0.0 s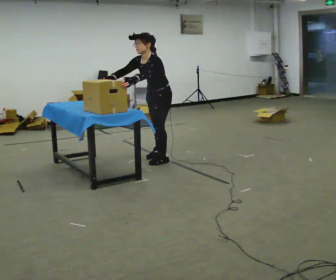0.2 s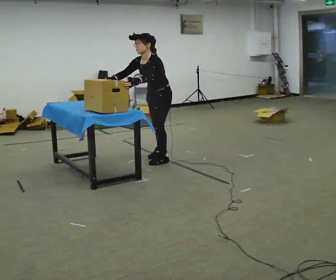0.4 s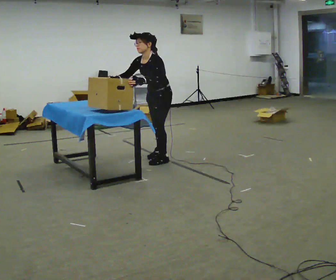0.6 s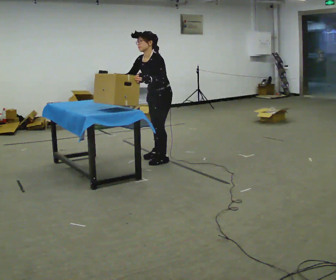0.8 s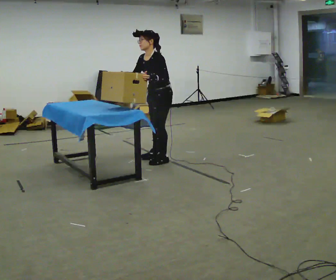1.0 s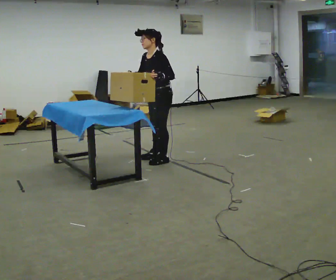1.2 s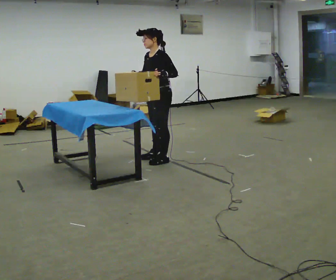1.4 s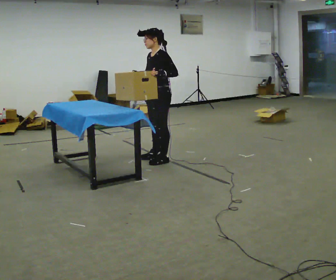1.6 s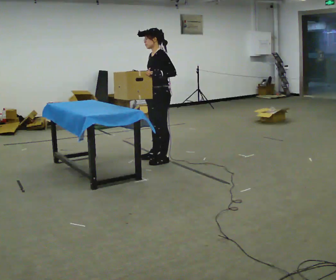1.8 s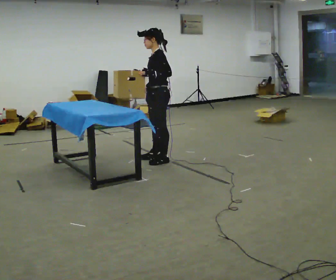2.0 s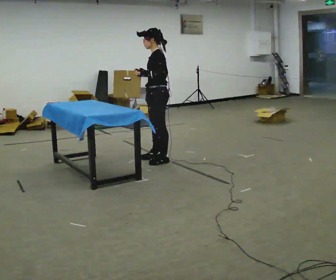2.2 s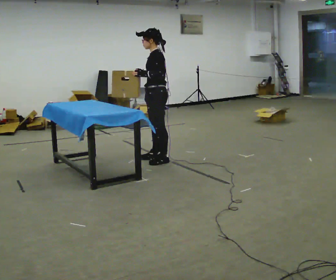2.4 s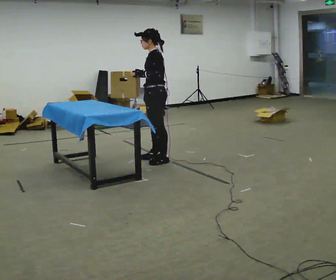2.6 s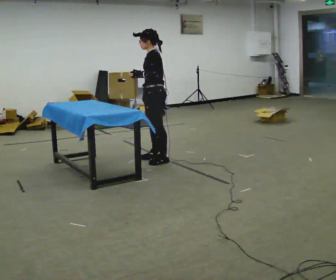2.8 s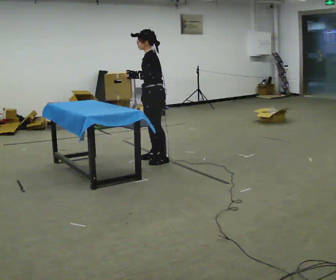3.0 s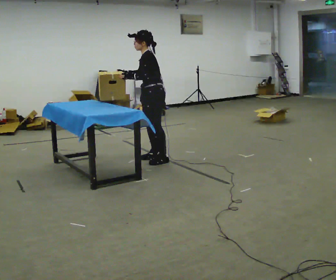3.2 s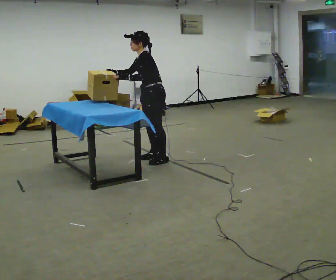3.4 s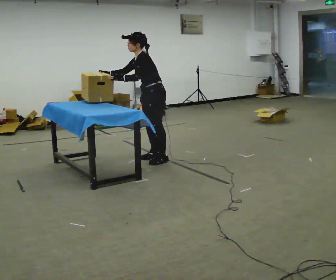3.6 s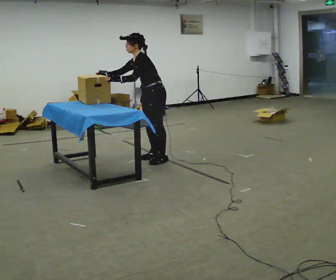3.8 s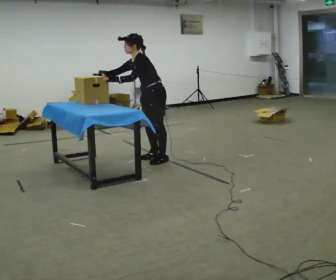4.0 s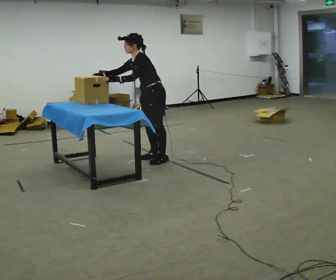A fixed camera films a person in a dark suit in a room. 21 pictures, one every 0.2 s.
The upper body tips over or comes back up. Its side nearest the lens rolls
upward.
0.0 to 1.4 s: The upper body tips away from the camera, its near side rolling upward, as they lean back or straighten.
1.4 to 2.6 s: The person moves a little, or ends about where they began.
2.6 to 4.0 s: In the picture the upper body tilts counterclockwise, shoulders to the left, as they bend forward. In the picture their right hand goes to the left.
The film runs forward here.
